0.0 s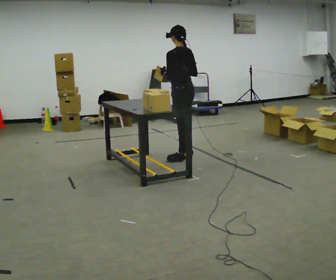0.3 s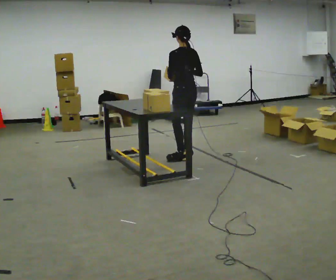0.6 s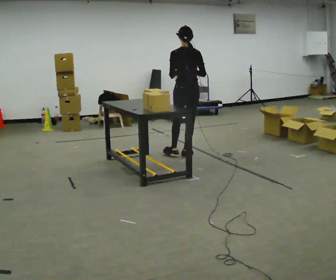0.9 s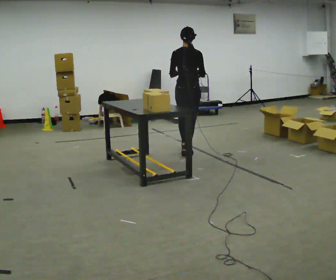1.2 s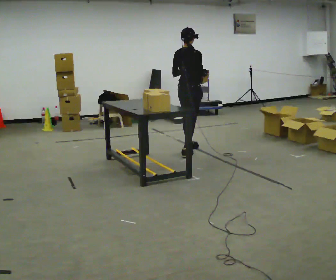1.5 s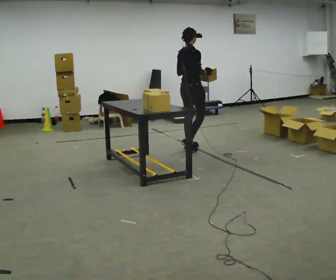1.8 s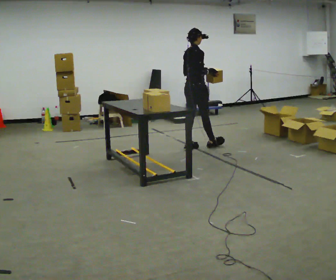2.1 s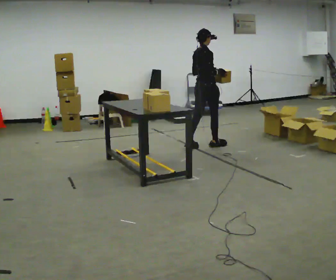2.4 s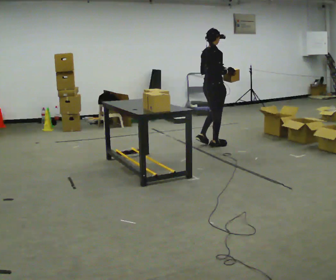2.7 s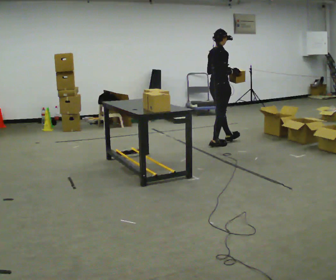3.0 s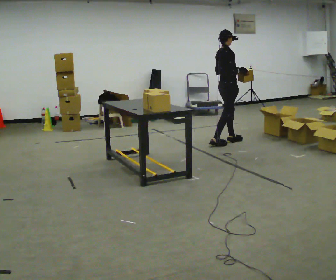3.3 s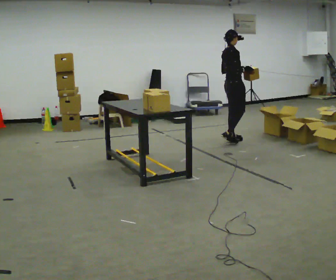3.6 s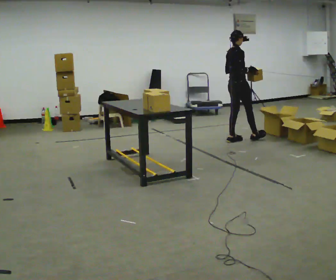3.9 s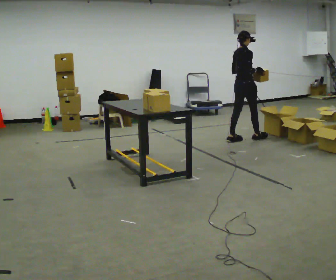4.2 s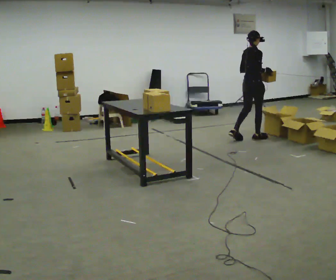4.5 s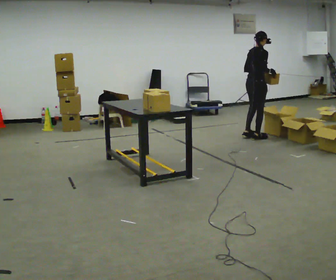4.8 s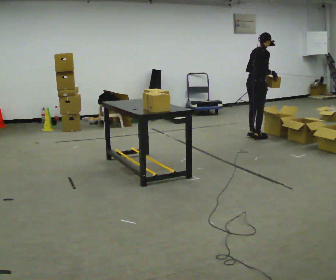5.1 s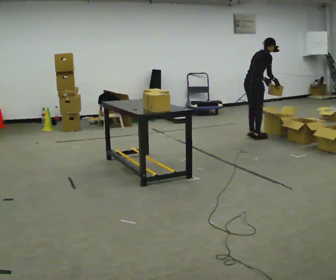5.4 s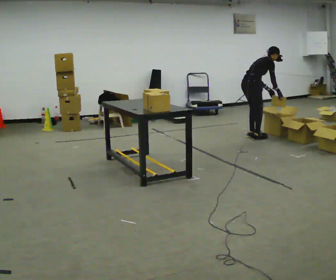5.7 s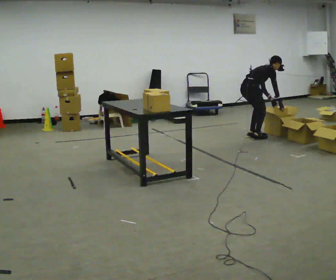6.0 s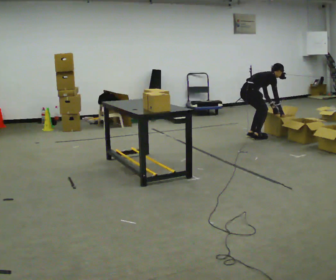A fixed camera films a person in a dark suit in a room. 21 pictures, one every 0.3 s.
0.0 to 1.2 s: The person turns about 75 degrees to their right, clockwise seen from above, so the part of the body nearest the lens slides to the left. In the picture they go away from the camera, about 0.25 m in 1 step.
1.2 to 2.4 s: In the picture they go away from the camera and to the right, about 0.5 m in 1 step, which for them is forward.
2.4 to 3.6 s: In the picture they go to the right and away from the camera, about 0.5 m in 1 step, which for them is forward and to their left.
3.6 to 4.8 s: In the picture they go to the right, about 0.25 m in 2 steps, which for them is forward. In the picture the upper body tilts clockwise, shoulders to the right, as they bend forward.
4.8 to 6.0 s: The shoulders move downward. In the picture the upper body tilts clockwise, shoulders to the right, as they bend forward. In the picture their left hand goes downward.
The film runs forward here.
